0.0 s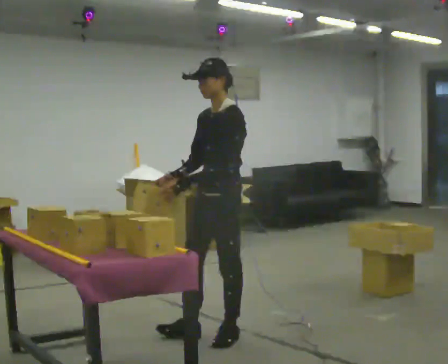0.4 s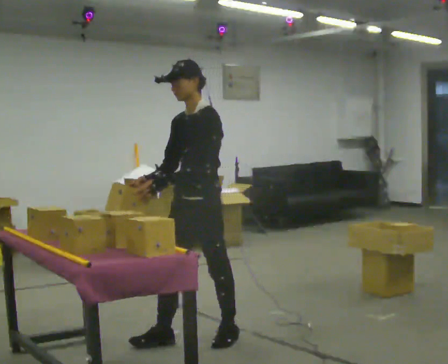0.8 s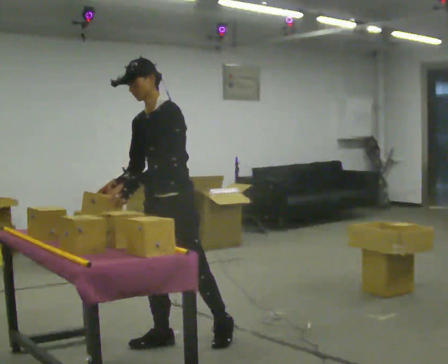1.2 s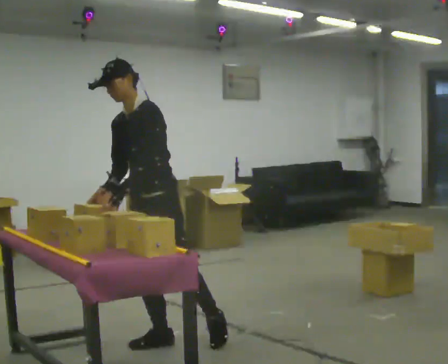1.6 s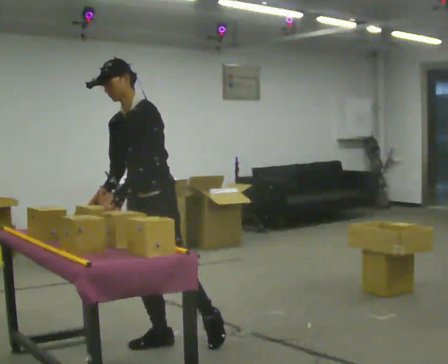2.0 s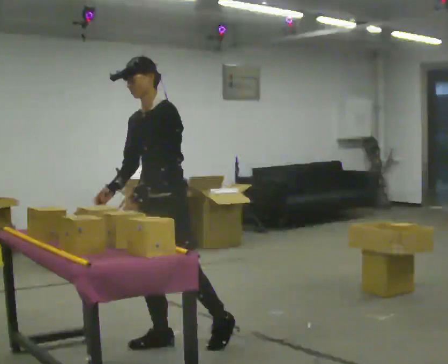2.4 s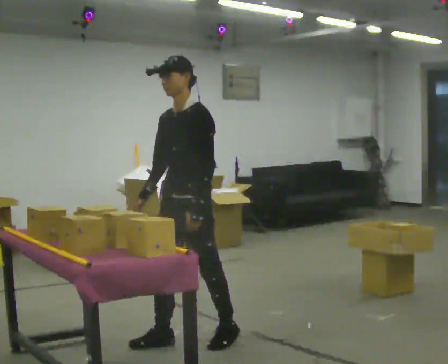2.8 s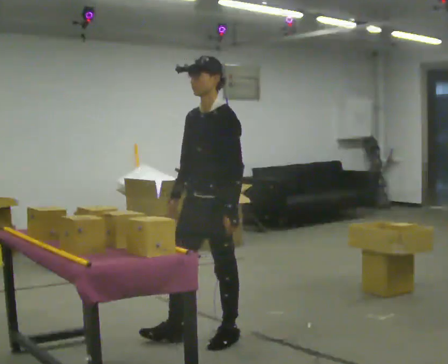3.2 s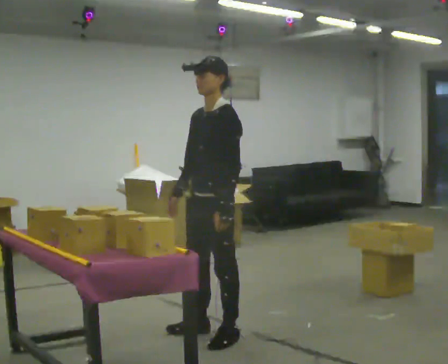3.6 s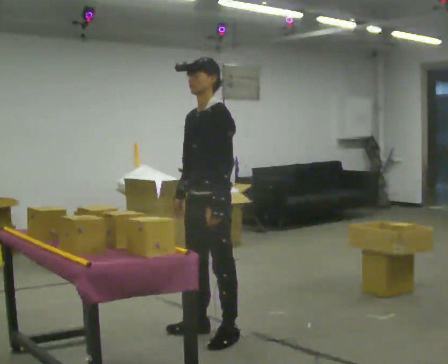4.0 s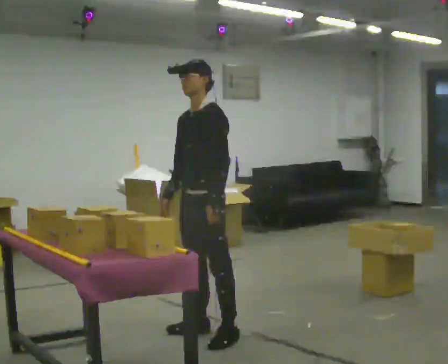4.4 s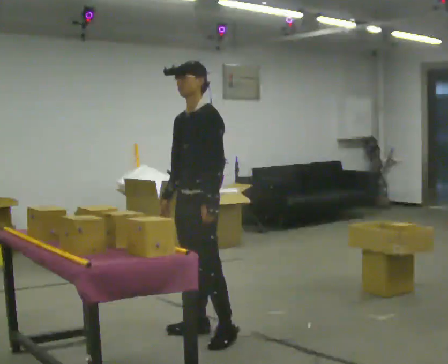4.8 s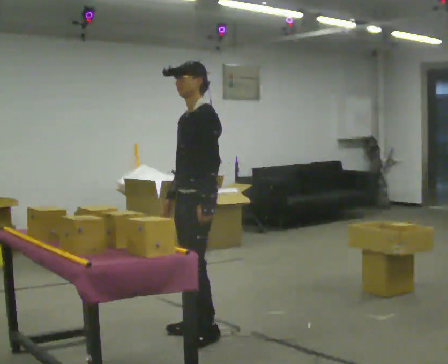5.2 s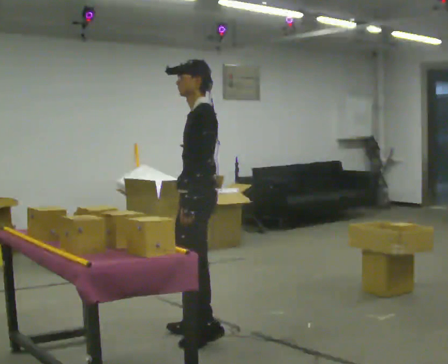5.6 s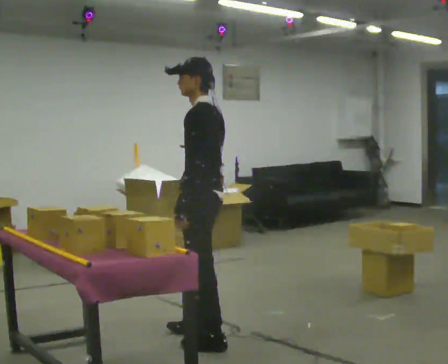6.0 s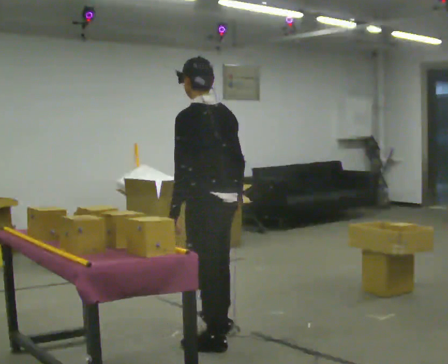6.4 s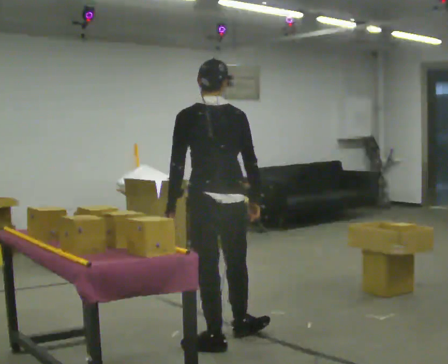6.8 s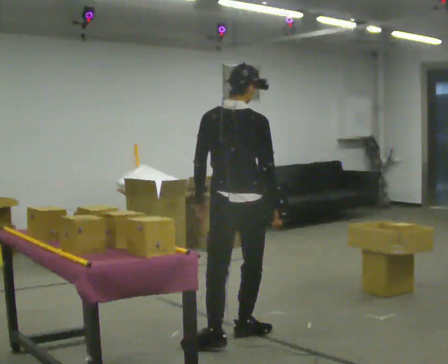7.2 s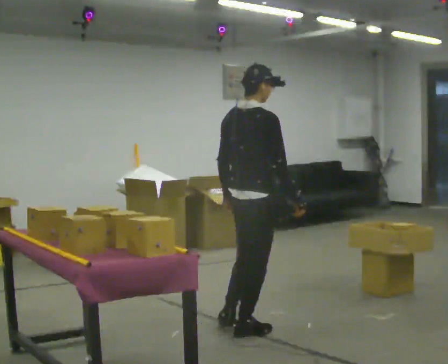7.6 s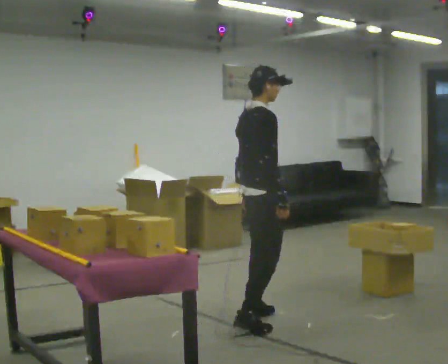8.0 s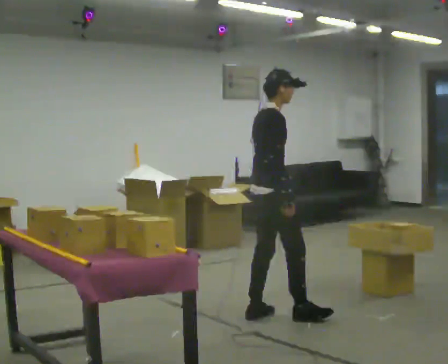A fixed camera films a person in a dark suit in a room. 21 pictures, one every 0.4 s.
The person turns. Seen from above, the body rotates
clockwise.
The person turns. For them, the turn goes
to their right.
0.0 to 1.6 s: In the picture they go to the left, about 0.5 m in 1 step, which for them is forward and to their right. In the picture the upper body tilts counterclockwise, shoulders to the left.
1.6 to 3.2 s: In the picture they go to the right, about 0.5 m in 1 step, which for them is backward and to their left. In the picture the upper body tilts clockwise, shoulders to the right.
3.2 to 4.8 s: In the picture they go away from the camera, about 0.25 m, which for them is to their right.
4.8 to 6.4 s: Seen from above the body turns clockwise, about 105 degrees: to their right, with its near side sliding to the left. In the picture they go toward the camera, about 0.25 m in 2 steps.
6.4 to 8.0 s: Seen from above the body turns clockwise, about 90 degrees: to their right, with its near side sliding to the left. In the picture they go away from the camera and to the right, about 0.5 m in 1 step.
The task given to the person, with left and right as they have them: Carry the object over and fit it into the gap between the two boxes already on the shelf, without touching either of them. Keep going until the operator says stop; one object at a time, and do not rush between trips.
The film runs forward here.
